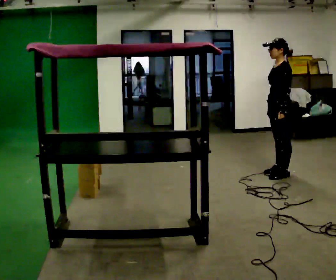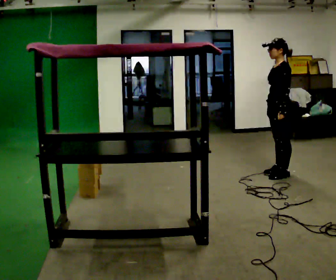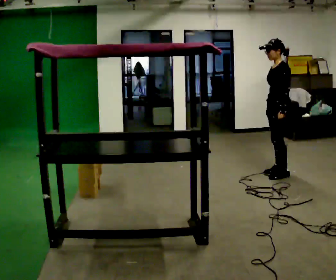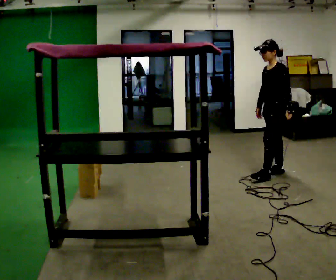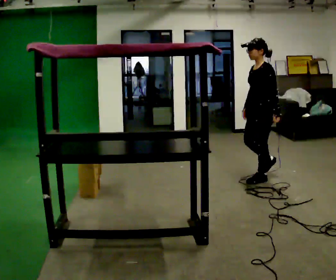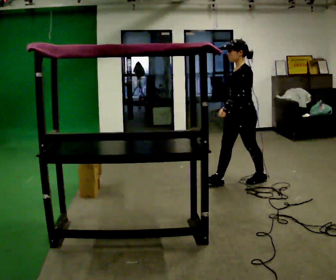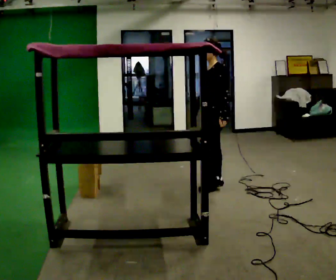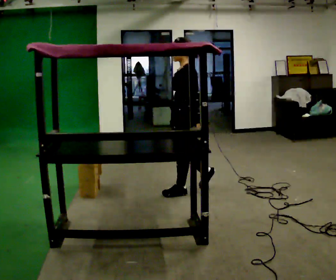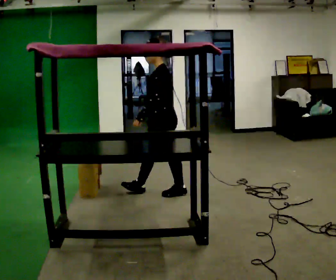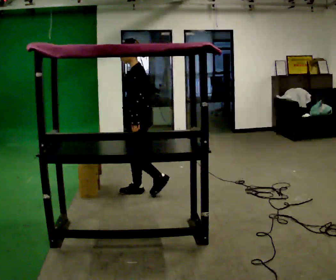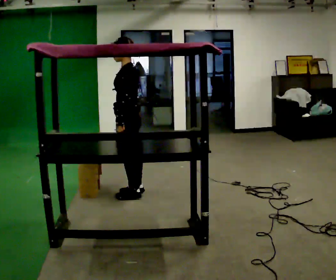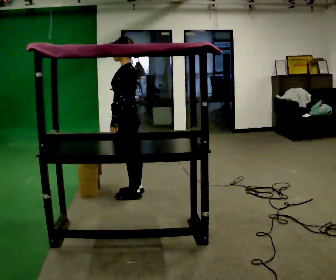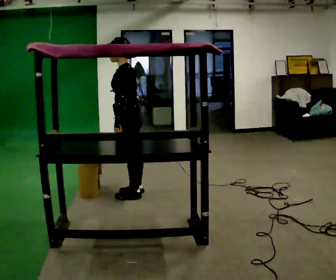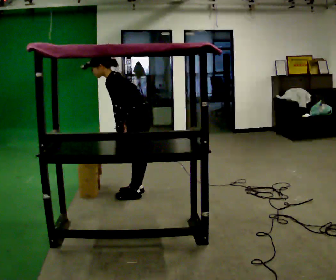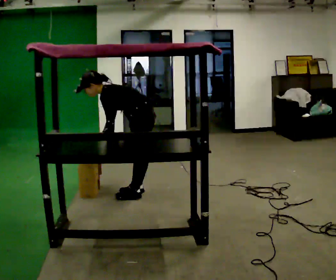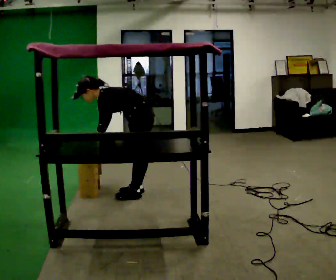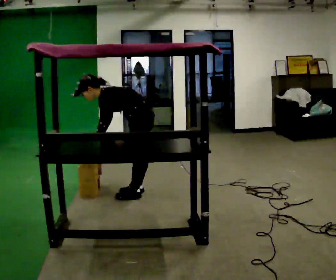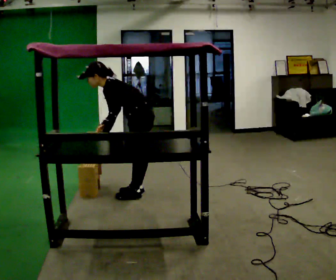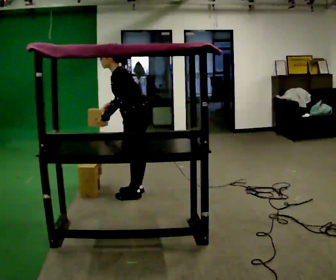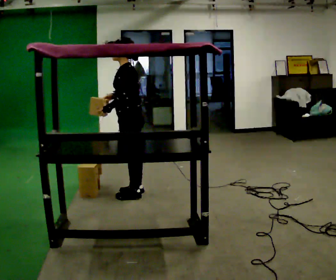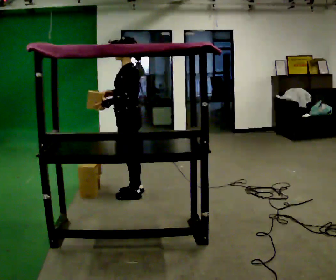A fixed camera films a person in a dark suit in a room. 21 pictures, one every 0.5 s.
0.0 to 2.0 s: In the picture they go to the left, about 0.25 m in 1 step, which for them is forward.
2.0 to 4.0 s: In the picture they go to the left, about 1 m in 3 steps, which for them is forward.
4.0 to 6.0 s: In the picture they go to the left, about 0.25 m in 1 step, which for them is forward.
6.0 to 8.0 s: The upper body goes downward. In the picture the upper body tilts counterclockwise, shoulders to the left, as they bend forward.
8.0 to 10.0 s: The upper body goes upward. In the picture the upper body tilts clockwise, shoulders to the right, as they lean back or straighten. In the picture their right hand goes upward.
The film runs forward here.
